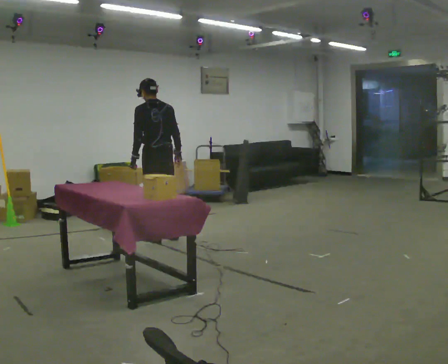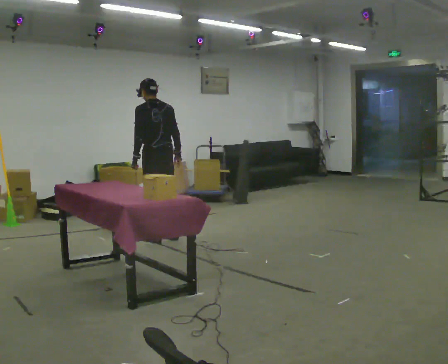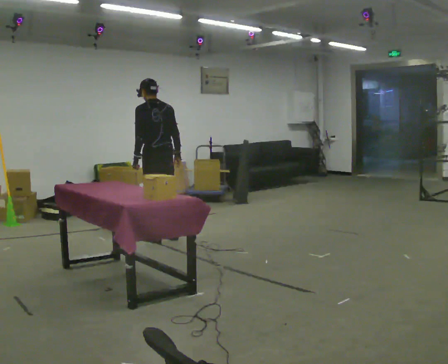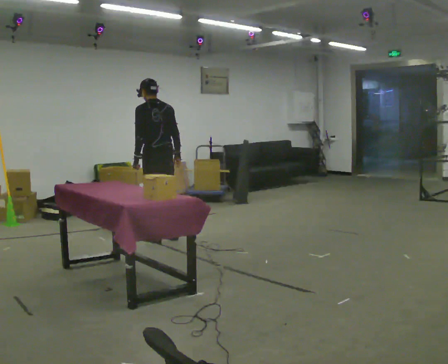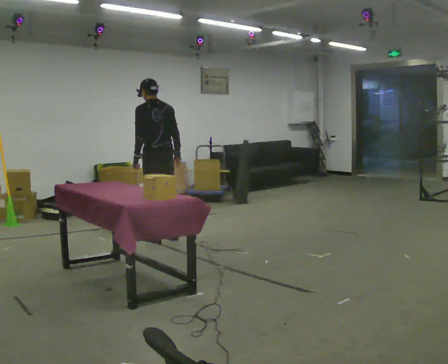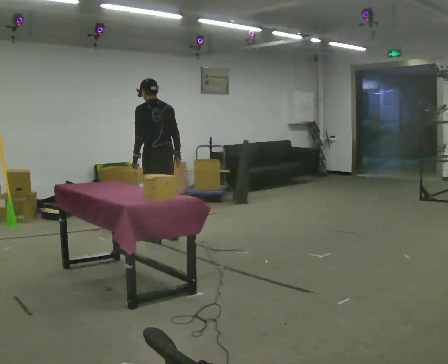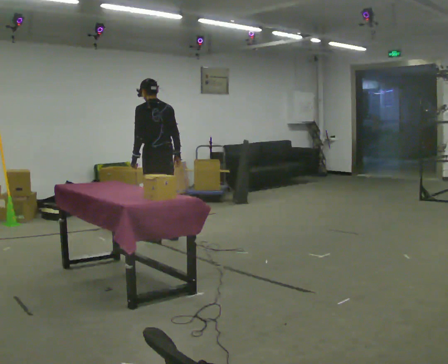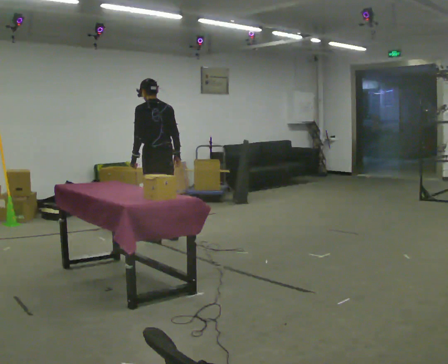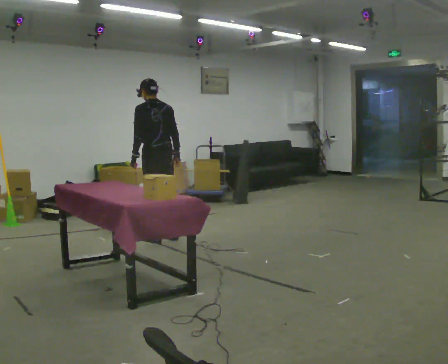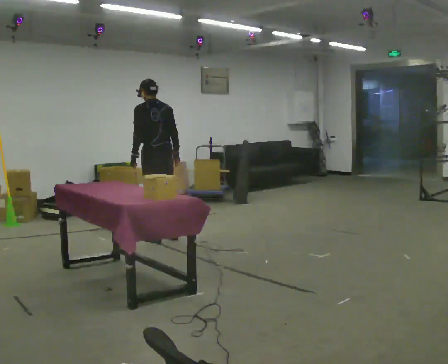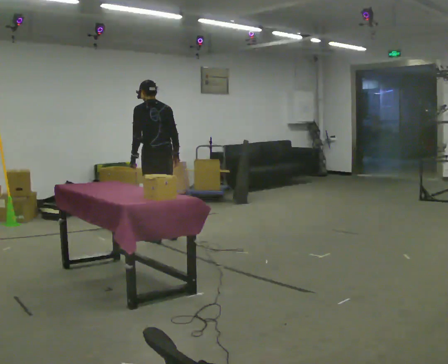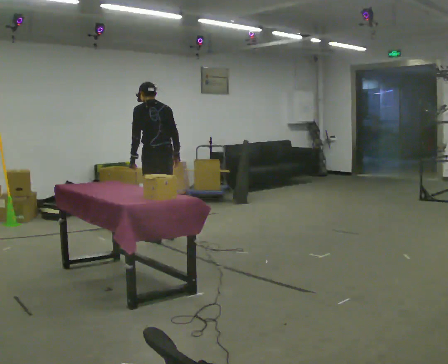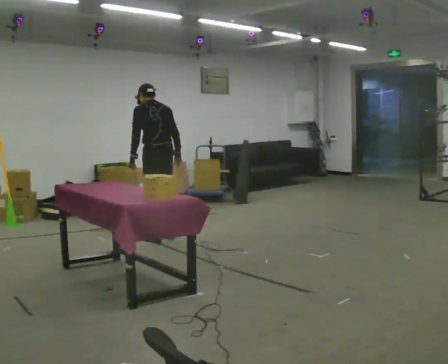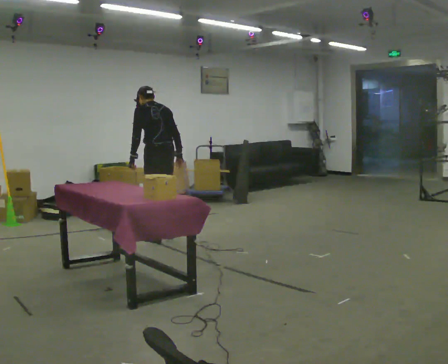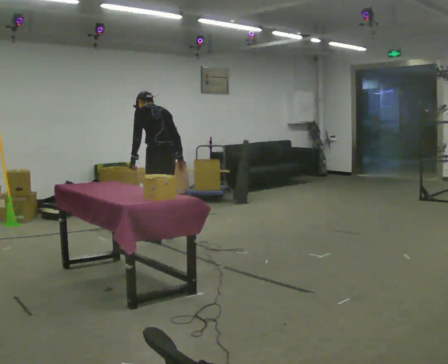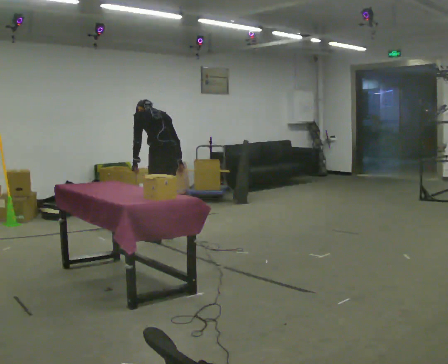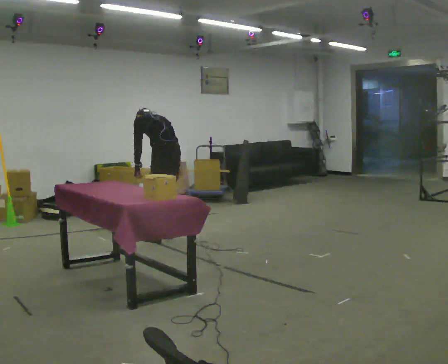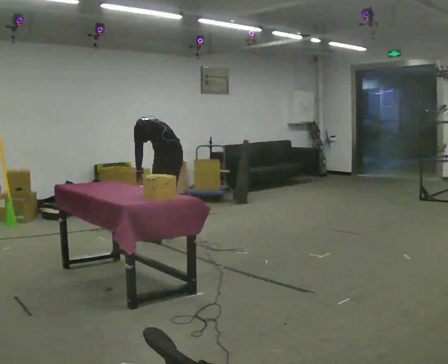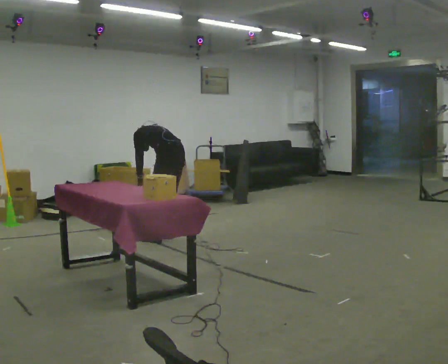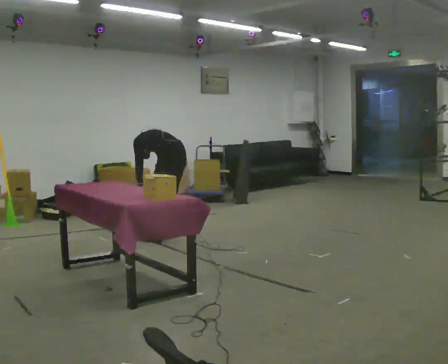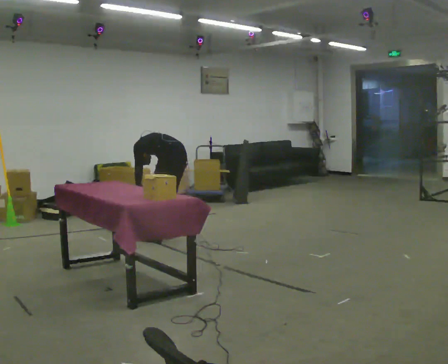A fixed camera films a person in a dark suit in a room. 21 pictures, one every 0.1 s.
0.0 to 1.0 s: The person moves a little, or ends about where they began.
1.0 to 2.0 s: In the picture they go to the right, about 0.25 m, which for them is to their right. The shoulders move downward. The upper body tips away from the camera, its near side rolling upward, as they bend forward. In the picture their right hand goes downward.
The film runs forward here.
